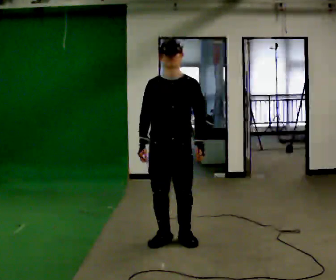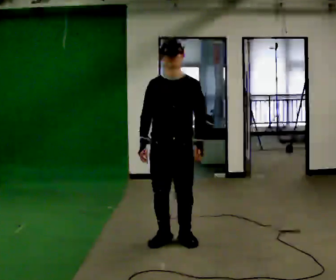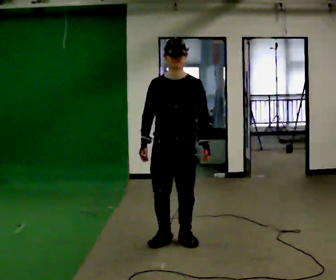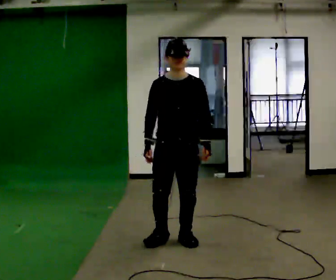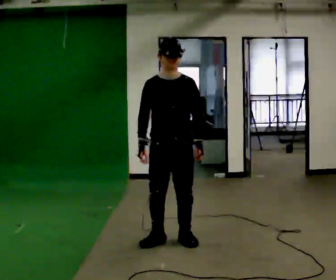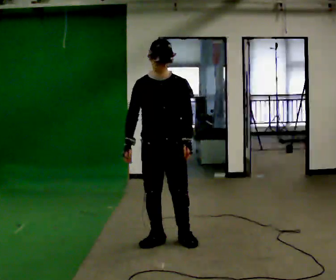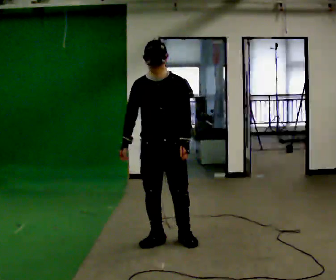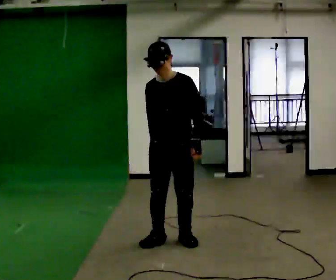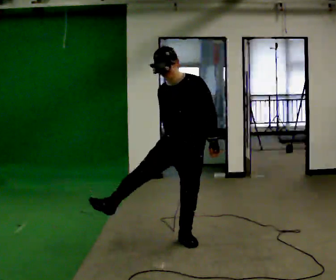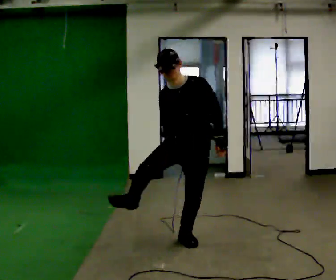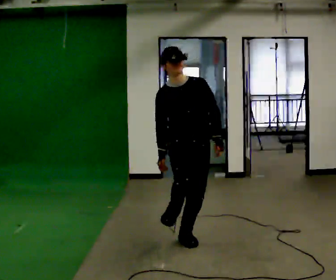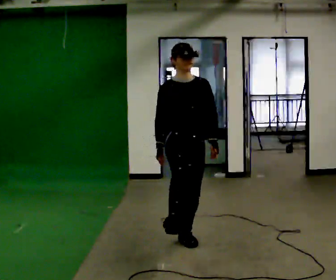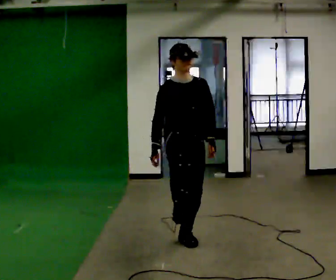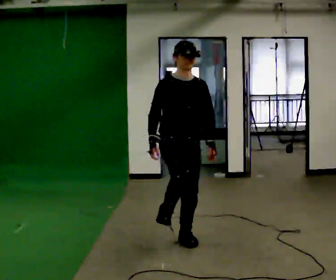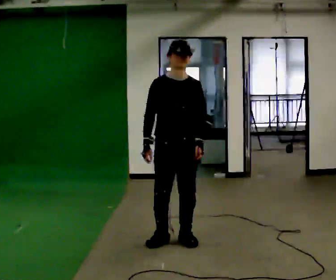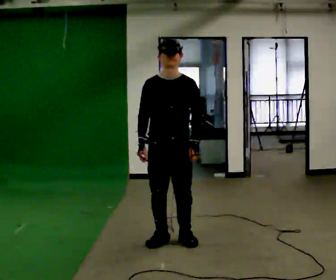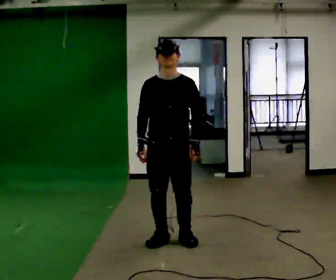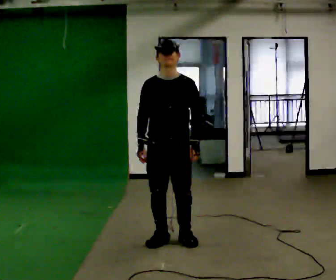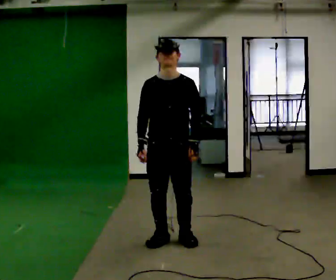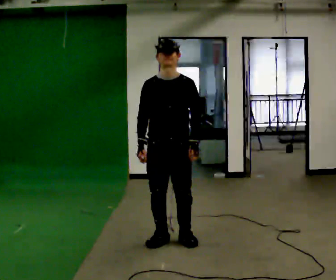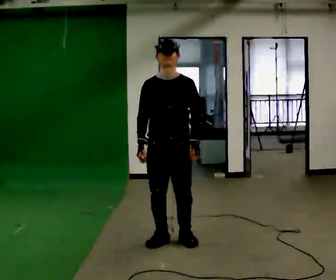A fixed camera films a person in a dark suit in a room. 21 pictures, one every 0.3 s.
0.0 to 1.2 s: The person moves a little, or ends about where they began.
1.2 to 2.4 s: The part of the body nearest the lens slides to the left as the person turns to their right by about 30 degrees.
2.4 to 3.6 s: The person turns about 45 degrees to their left, counterclockwise seen from above, so the part of the body nearest the lens slides to the right.
3.6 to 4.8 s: The person turns about 30 degrees to their right, clockwise seen from above, so the part of the body nearest the lens slides to the left.
4.8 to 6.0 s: The person keeps their place and pose.
The film runs backward here.
